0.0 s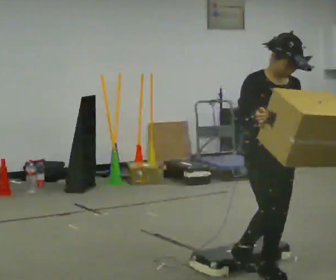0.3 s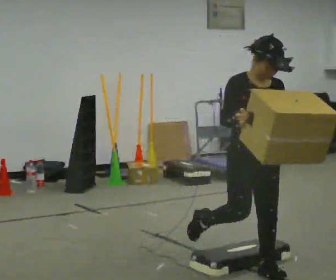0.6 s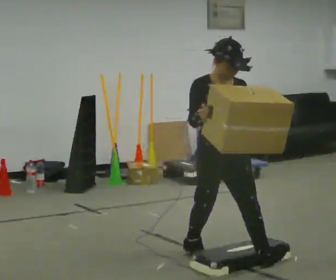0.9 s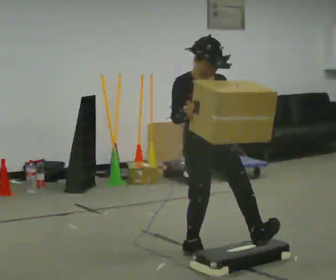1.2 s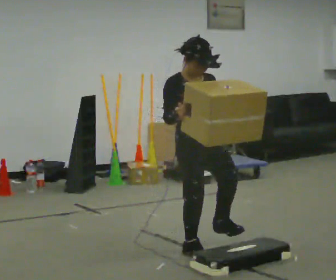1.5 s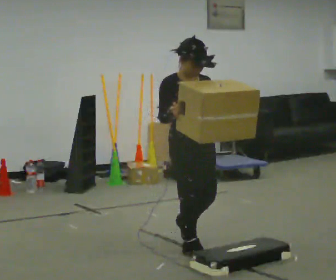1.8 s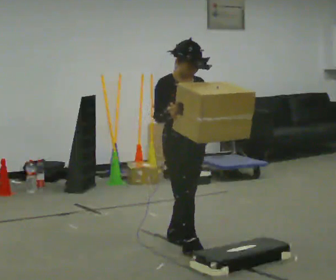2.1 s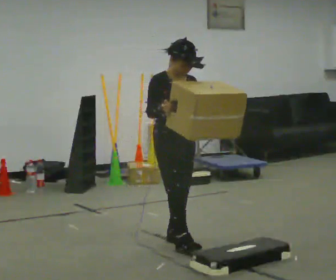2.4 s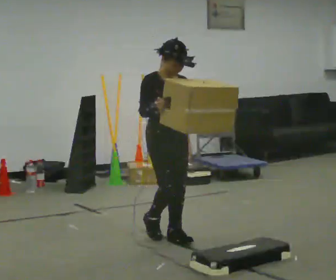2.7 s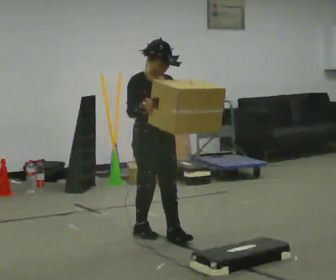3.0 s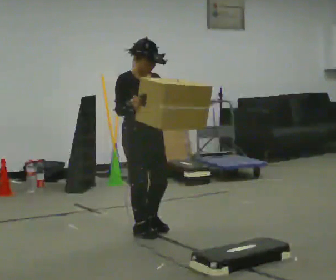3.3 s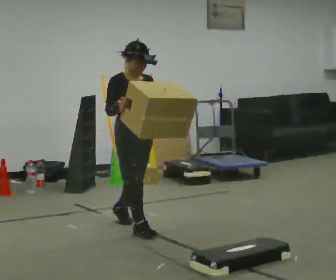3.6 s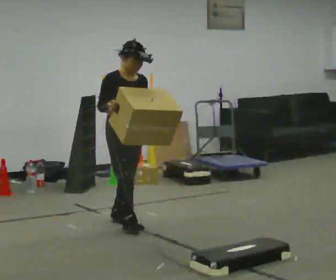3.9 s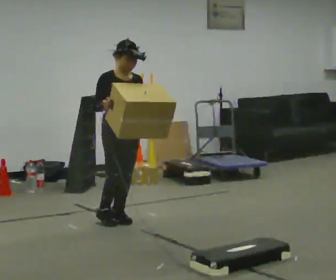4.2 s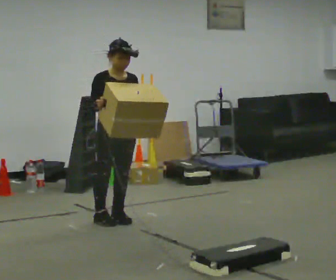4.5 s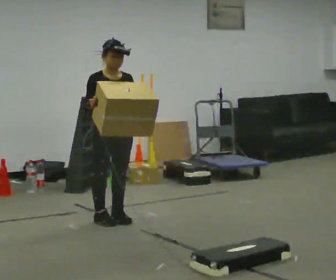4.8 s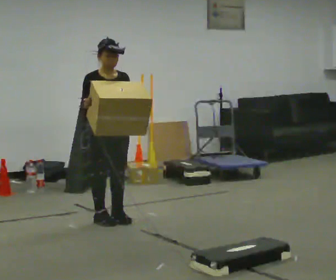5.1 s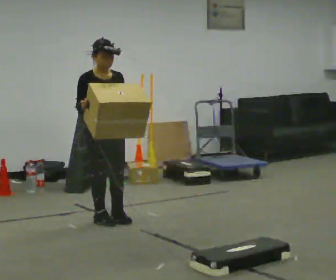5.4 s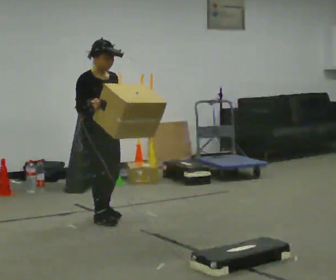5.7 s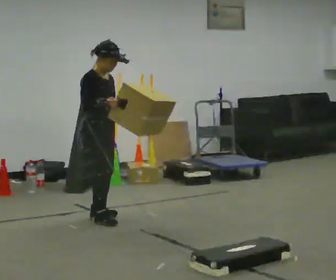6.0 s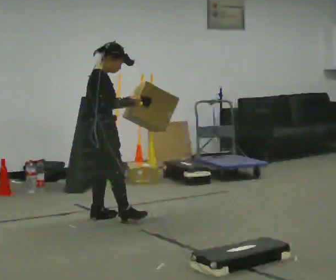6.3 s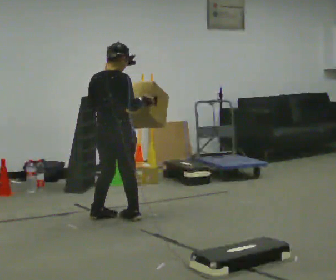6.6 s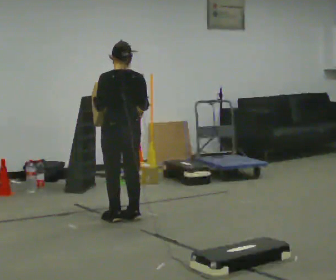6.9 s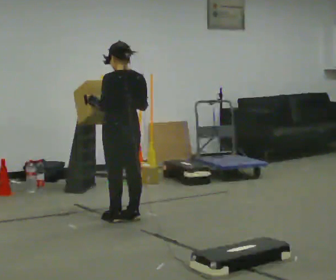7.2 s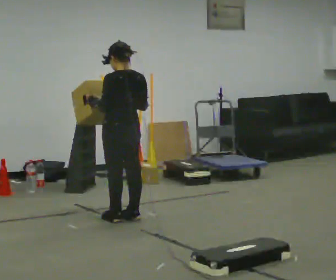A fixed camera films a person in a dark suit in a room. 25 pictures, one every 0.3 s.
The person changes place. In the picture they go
away from the camera.
The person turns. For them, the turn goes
to their left.
0.0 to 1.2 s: In the picture they go away from the camera and to the left, about 0.75 m in 1 step, which for them is backward.
1.2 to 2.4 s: In the picture they go away from the camera, about 0.5 m in 1 step, which for them is backward.
2.4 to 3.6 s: In the picture they go away from the camera and to the left, about 0.5 m in 2 steps, which for them is backward.
3.6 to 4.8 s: The person moves a little, or ends about where they began.
4.8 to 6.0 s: The part of the body nearest the lens slides to the right as the person turns to their left by about 75 degrees.
6.0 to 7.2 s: The part of the body nearest the lens slides to the right as the person turns to their left by about 120 degrees. In the picture they go to the right, about 0.25 m in 1 step.
The film runs backward here.
